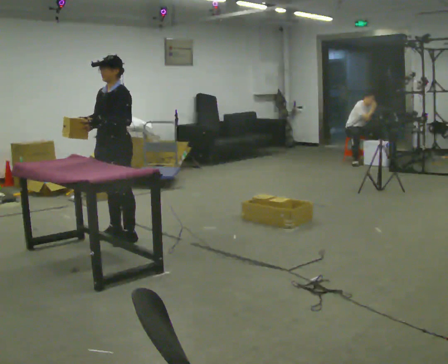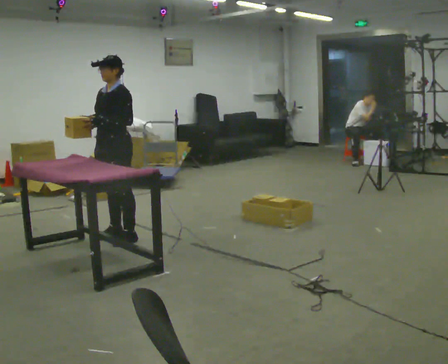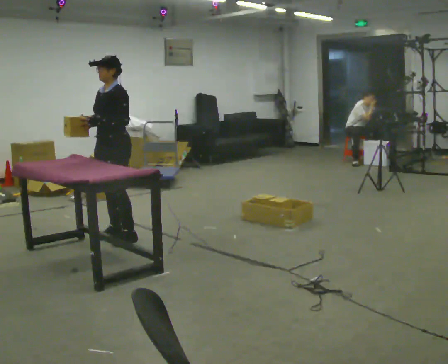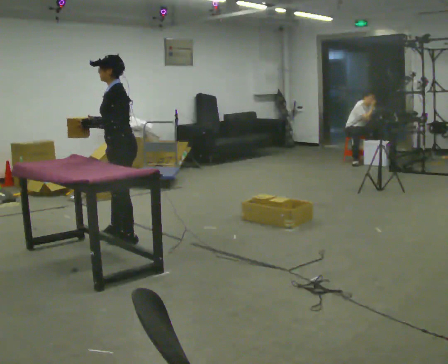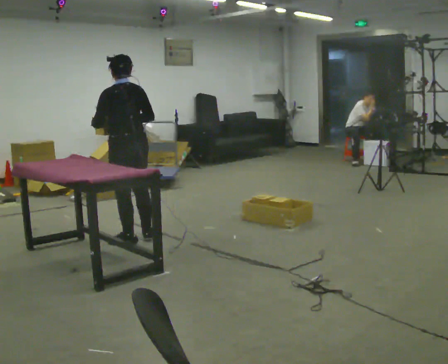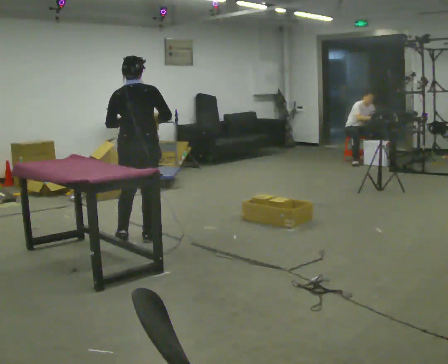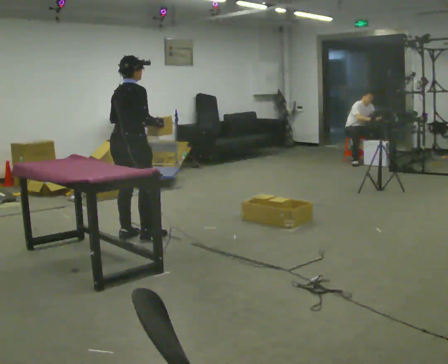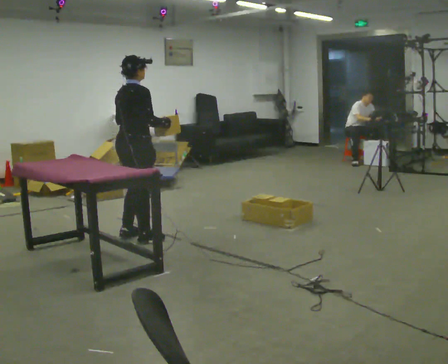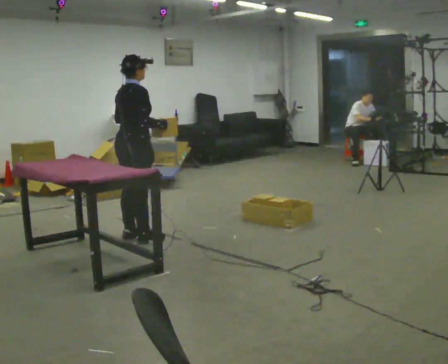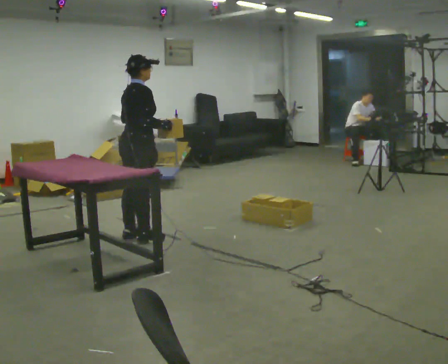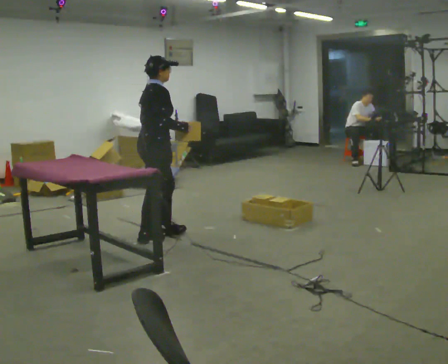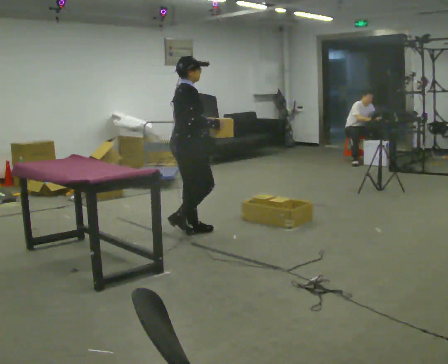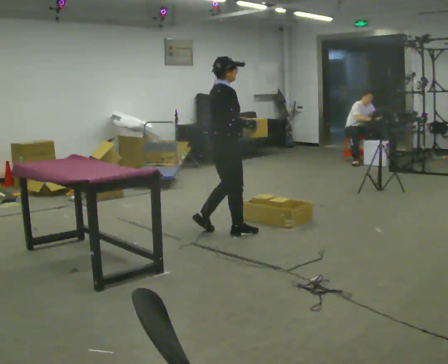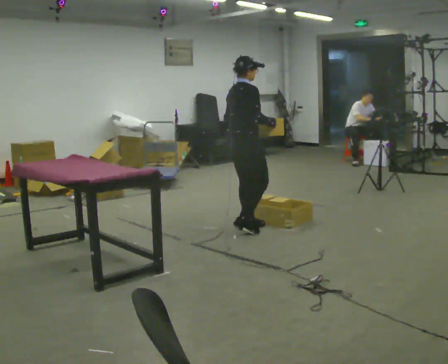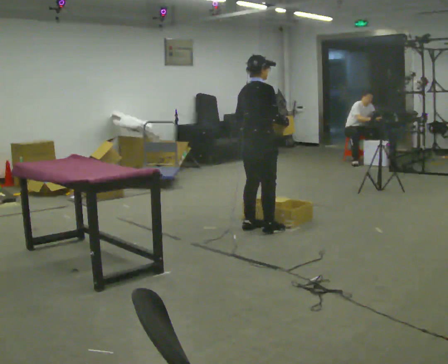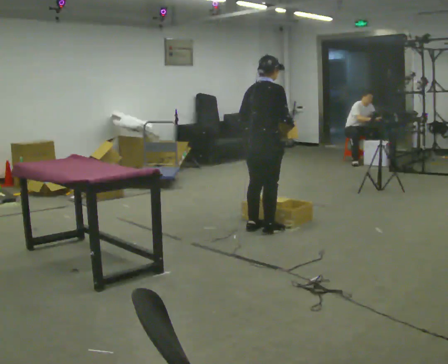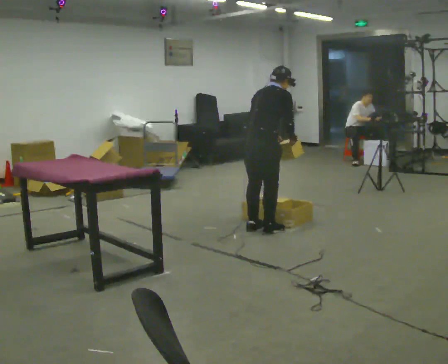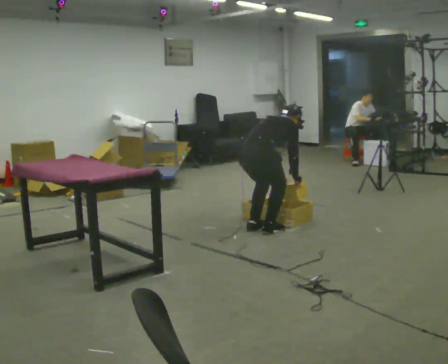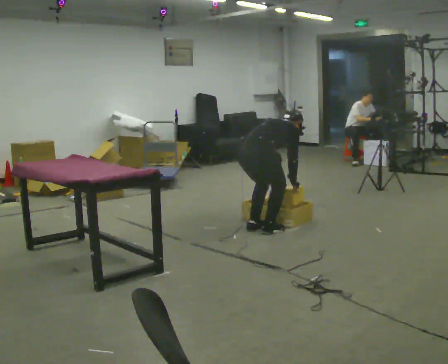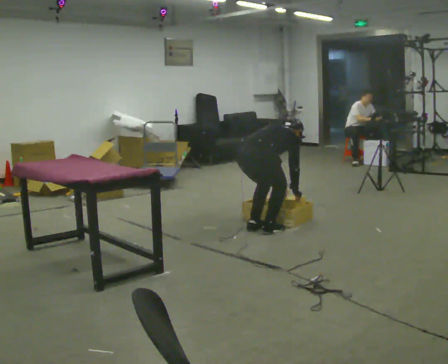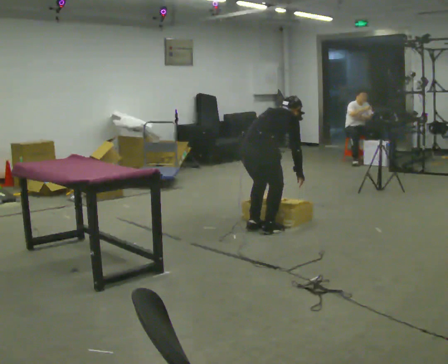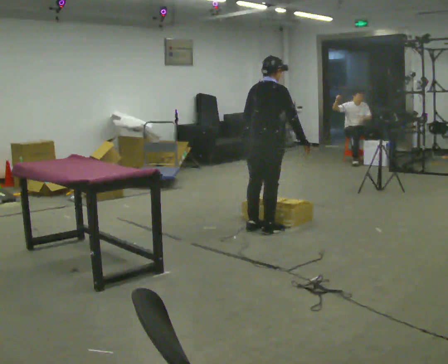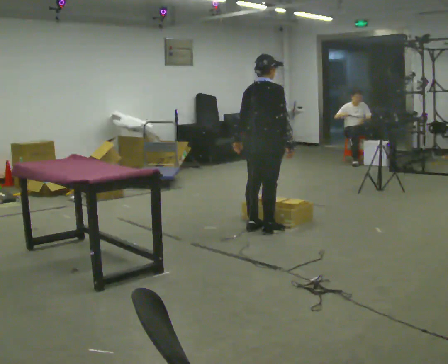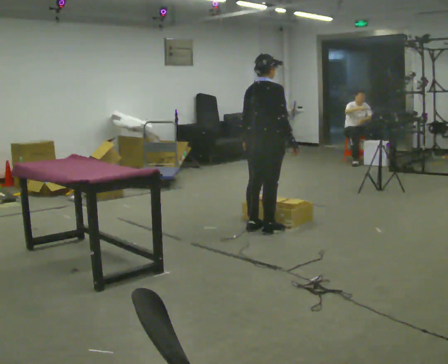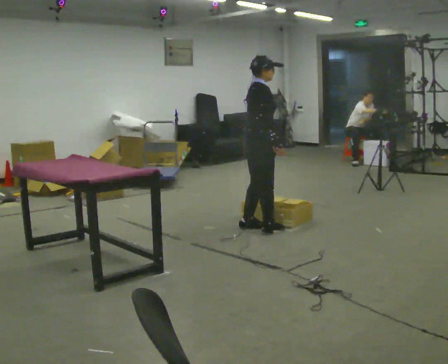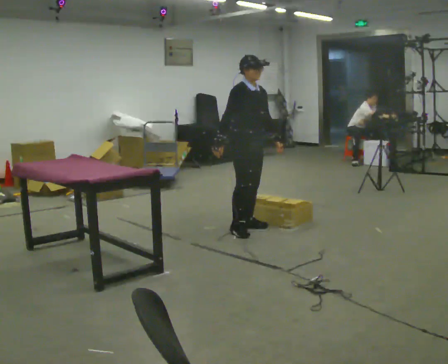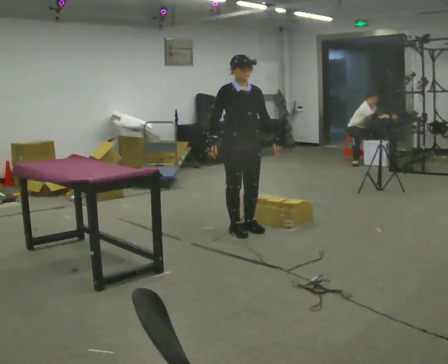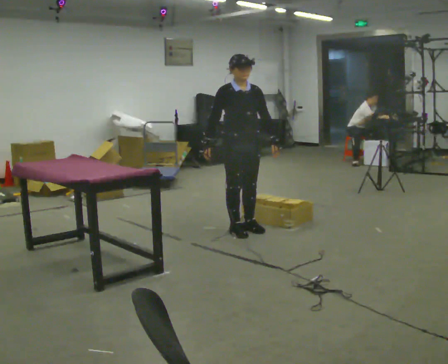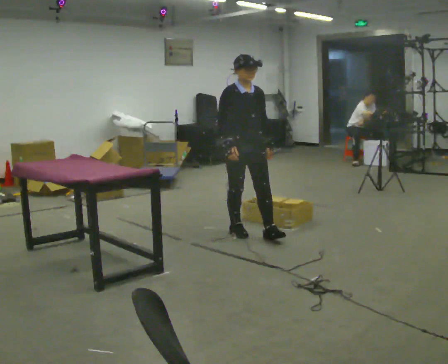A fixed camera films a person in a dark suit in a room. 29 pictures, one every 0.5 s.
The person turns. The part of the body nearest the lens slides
to the left.
The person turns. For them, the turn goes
to their right.
0.0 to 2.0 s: The part of the body nearest the lens slides to the left as the person turns to their right by about 90 degrees. In the picture their right hand goes to the right.
2.0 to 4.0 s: The person turns about 90 degrees to their right, clockwise seen from above, so the part of the body nearest the lens slides to the left.
4.0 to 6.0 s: In the picture they go to the right, about 1 m in 2 steps, which for them is forward.
6.0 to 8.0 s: In the picture they go to the right, about 0.25 m in 2 steps, which for them is forward and to their right. In the picture the upper body tilts clockwise, shoulders to the right, as they bend forward.
8.0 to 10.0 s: The person moves a little, or ends about where they began.
10.0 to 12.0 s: The person turns about 45 degrees to their right, clockwise seen from above, so the part of the body nearest the lens slides to the left. The shoulders move upward. In the picture the upper body tilts counterclockwise, shoulders to the left, as they lean back or straighten. In the picture their right hand goes to the left.
12.0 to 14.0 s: The part of the body nearest the lens slides to the left as the person turns to their right by about 75 degrees. In the picture they go toward the camera, about 0.25 m in 1 step.
The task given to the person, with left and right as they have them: Carry the object across the room and place it on the lowest shelf, crouching down to do it. Keep going until the operator says stop; one object at a time, and do not rush between trips.
The film runs forward here.
